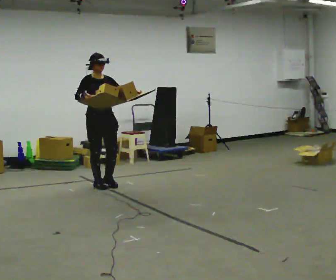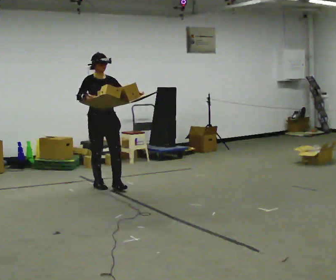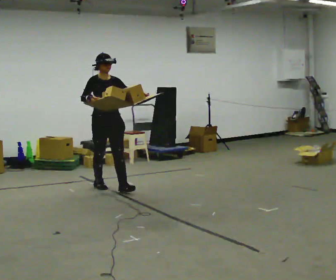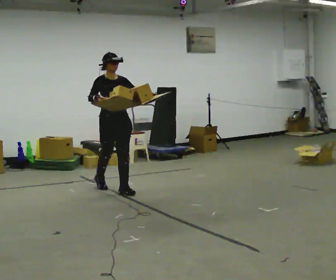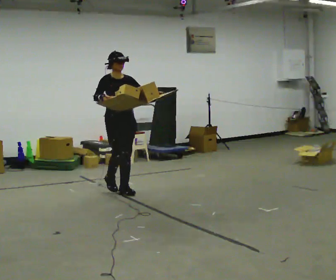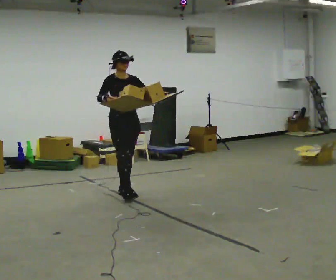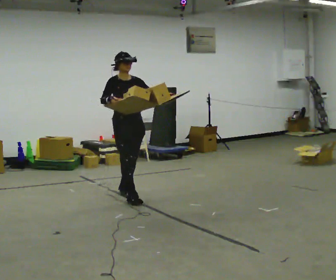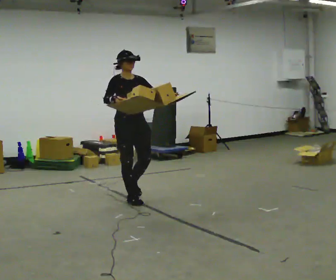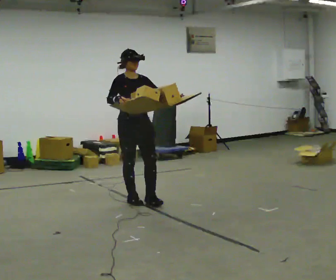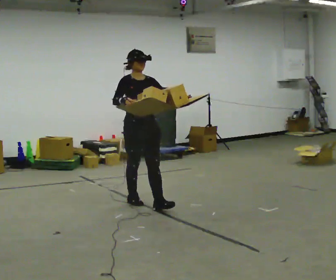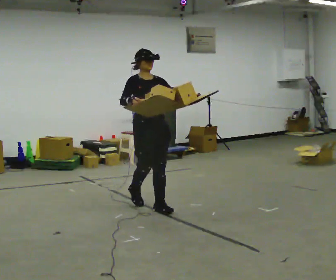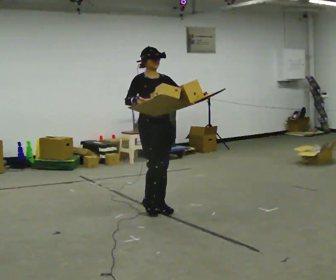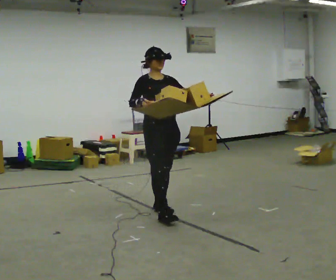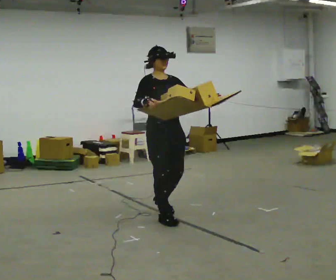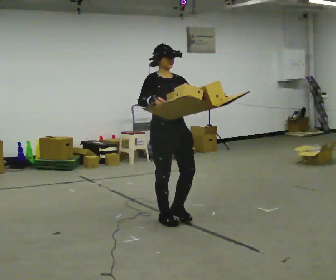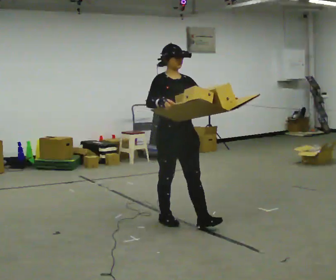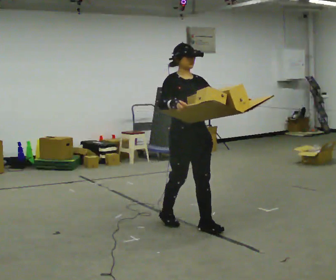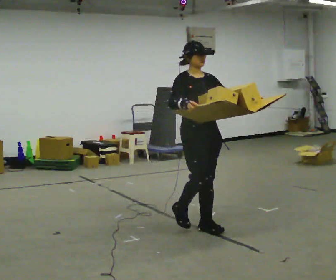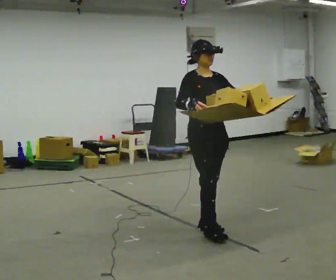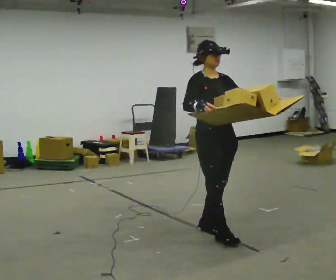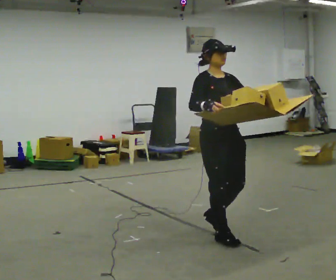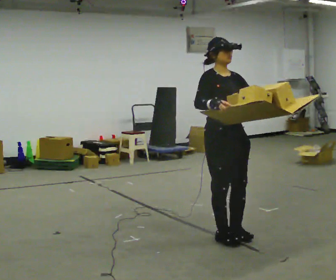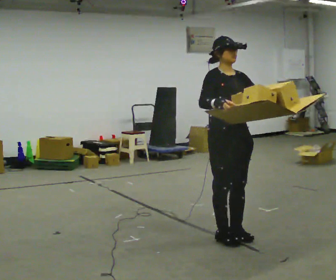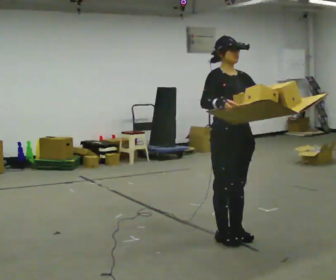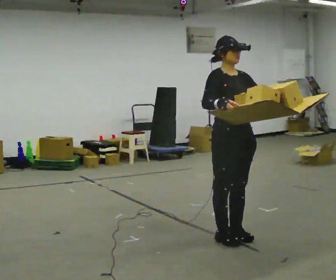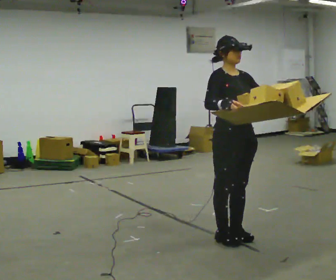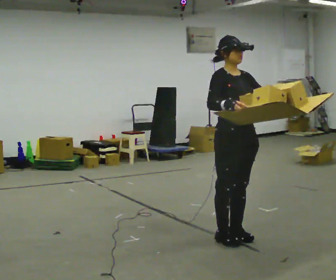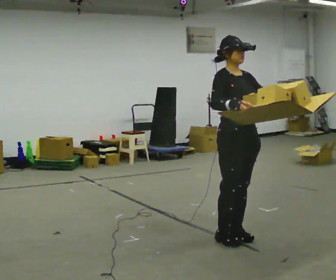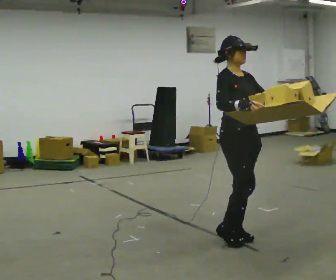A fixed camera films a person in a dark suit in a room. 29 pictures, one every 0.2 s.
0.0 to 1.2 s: In the picture they go toward the camera and to the right, about 0.5 m in 2 steps, which for them is forward.
1.2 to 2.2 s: In the picture they go toward the camera and to the right, about 0.75 m in 1 step, which for them is forward.
2.2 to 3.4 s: In the picture they go toward the camera and to the right, about 0.5 m in 2 steps, which for them is forward.
3.4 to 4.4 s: In the picture they go toward the camera and to the right, about 0.25 m in 2 steps, which for them is forward.
4.4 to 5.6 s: The person moves a little, or ends about where they began.
The film runs forward here.
